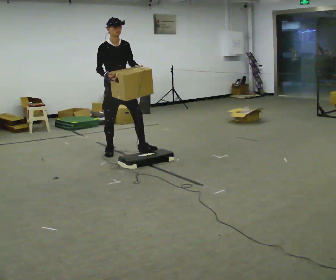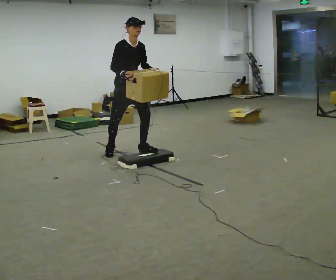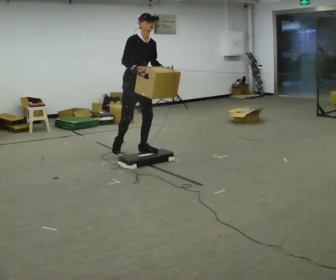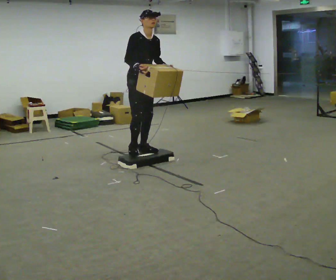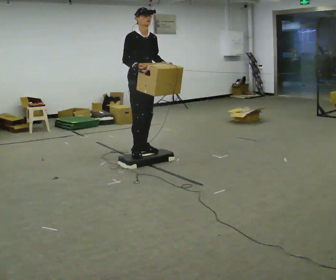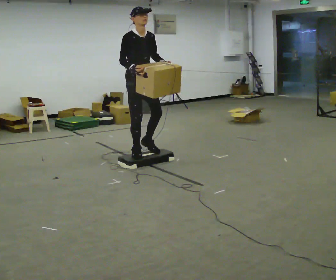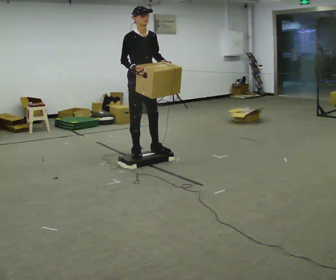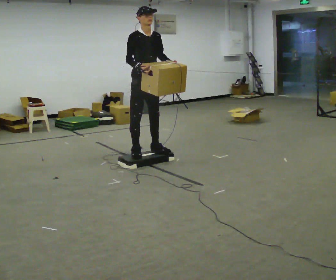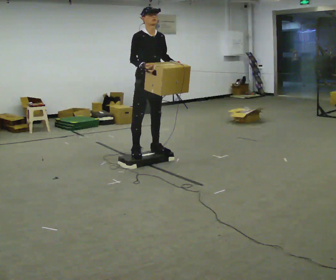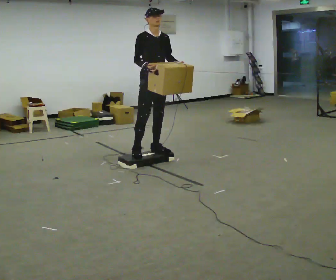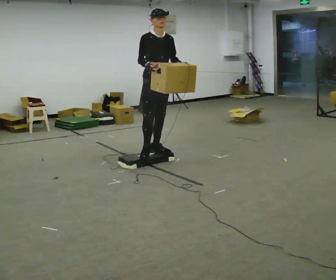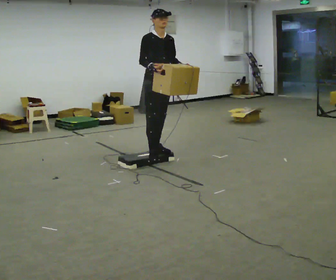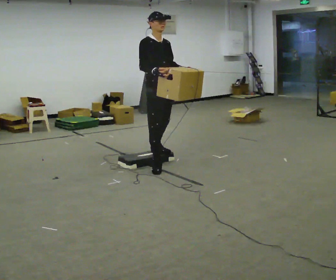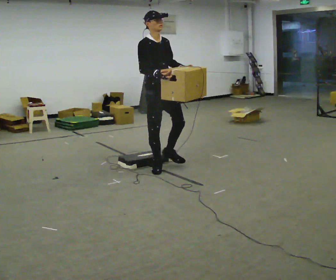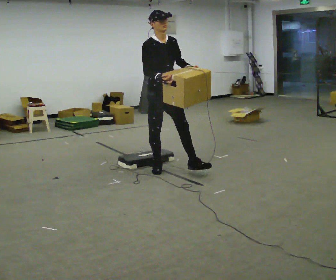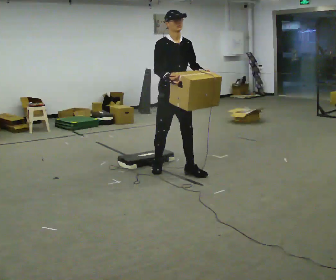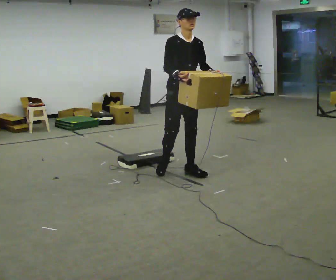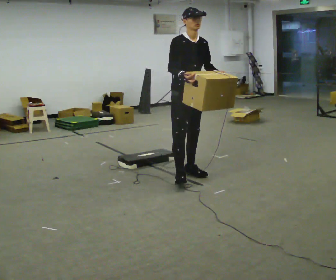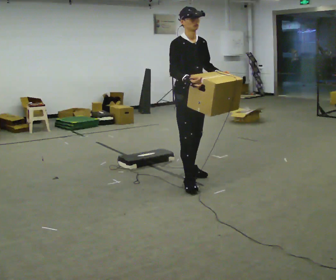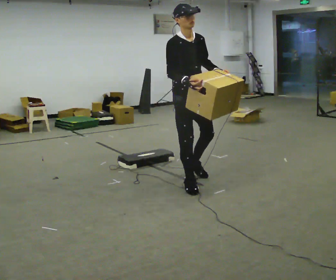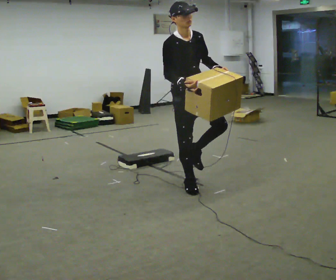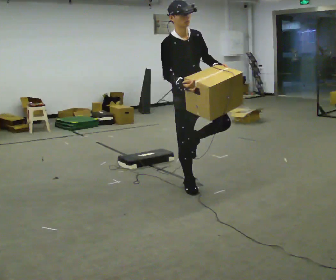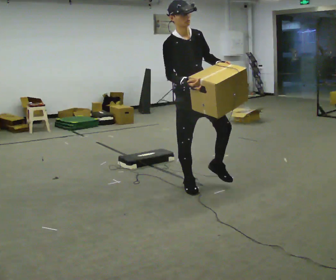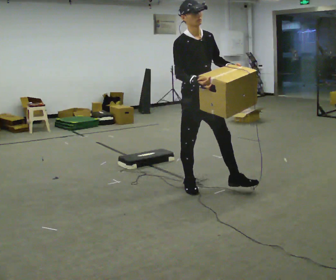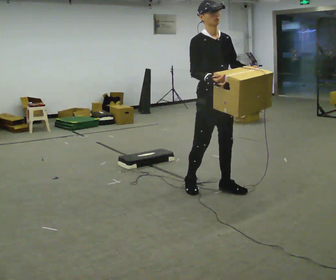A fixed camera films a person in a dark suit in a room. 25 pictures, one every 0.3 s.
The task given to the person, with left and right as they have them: Carry the box up onto the platform, across it, and down the other side, then bring it back. Keep going until the operator says stop; one object at a time, and do not rush between trips.
0.0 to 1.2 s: In the picture they go to the right and toward the camera, about 0.5 m in 1 step, which for them is forward.
1.2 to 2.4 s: The person moves a little, or ends about where they began.
2.4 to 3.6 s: In the picture they go toward the camera, about 0.25 m in 1 step, which for them is forward.
3.6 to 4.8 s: In the picture they go to the right and toward the camera, about 0.5 m in 1 step, which for them is forward.
4.8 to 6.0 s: In the picture they go toward the camera, about 0.5 m in 2 steps, which for them is forward and to their right.
6.0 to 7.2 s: In the picture they go to the right, about 0.25 m in 1 step, which for them is forward.
The film runs forward here.
